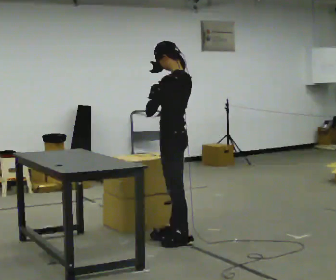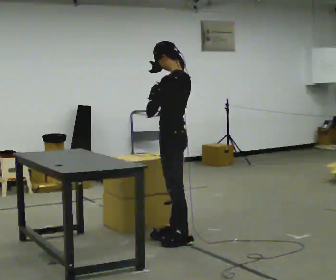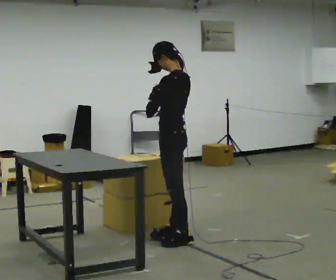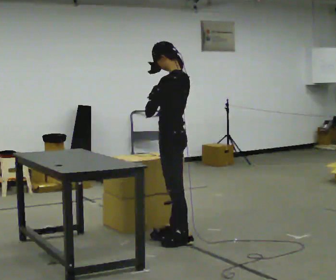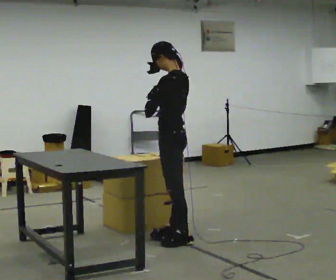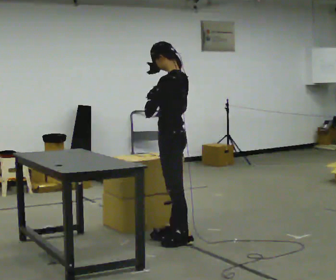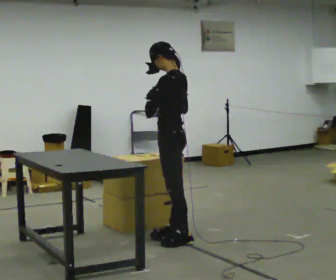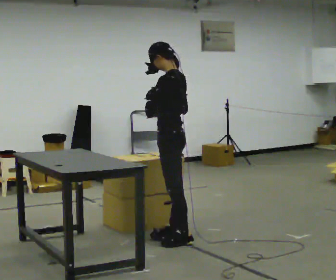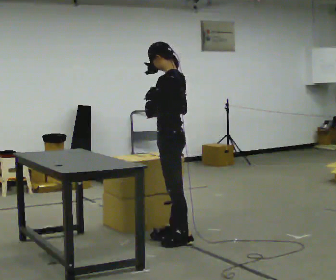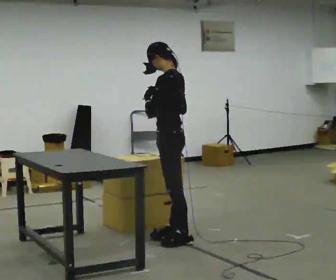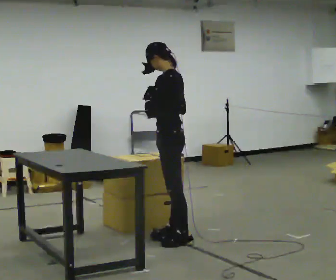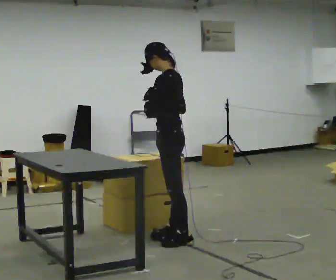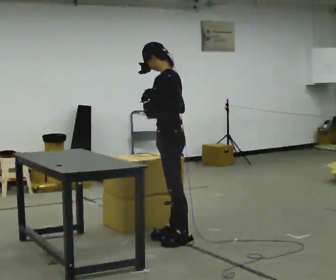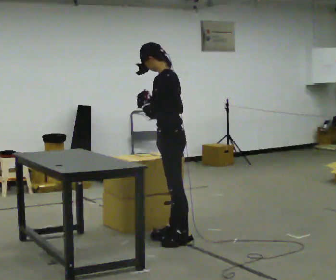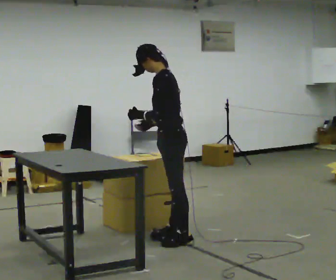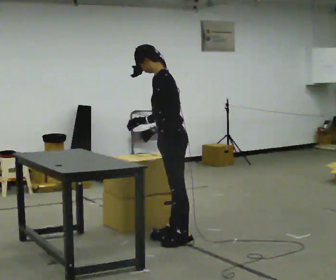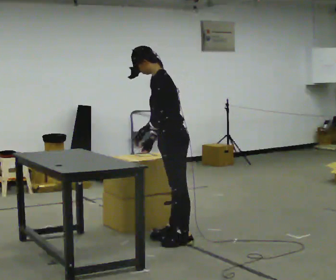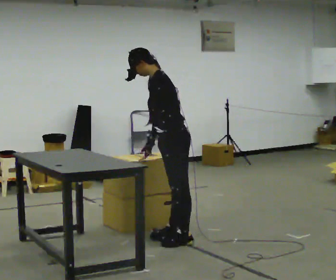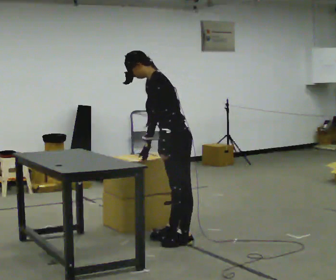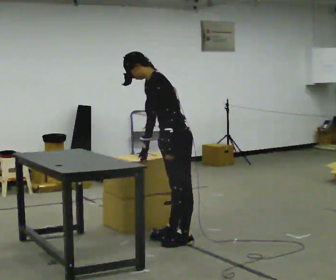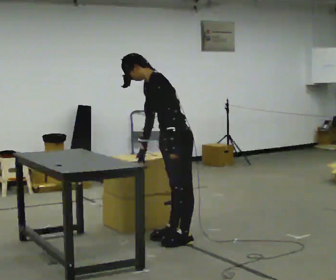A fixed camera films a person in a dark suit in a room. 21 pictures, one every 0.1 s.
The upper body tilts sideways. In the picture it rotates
counterclockwise.
Their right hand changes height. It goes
downward.
0.0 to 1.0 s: The person moves a little, or ends about where they began.
1.0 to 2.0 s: Seen from above the body turns counterclockwise, about 30 degrees: to their left, with its near side sliding to the right. In the picture the upper body tilts counterclockwise, shoulders to the left, as they bend forward.
The film runs forward here.
